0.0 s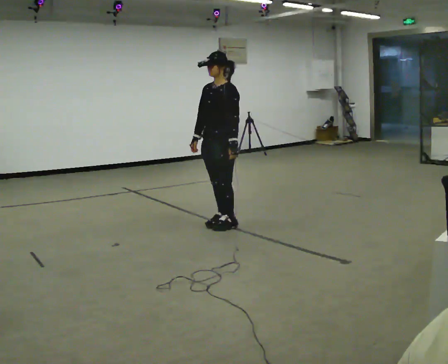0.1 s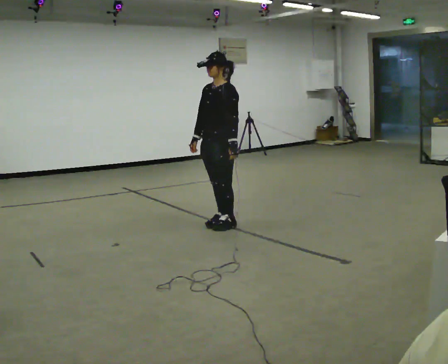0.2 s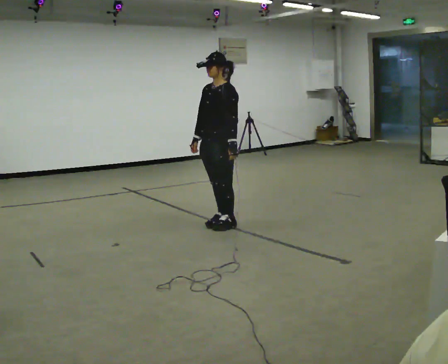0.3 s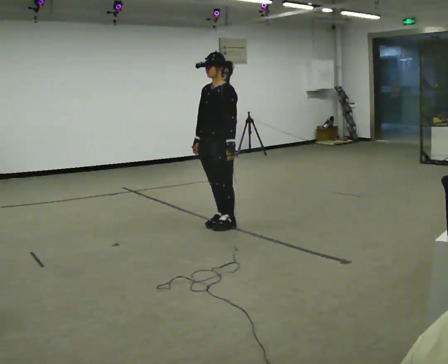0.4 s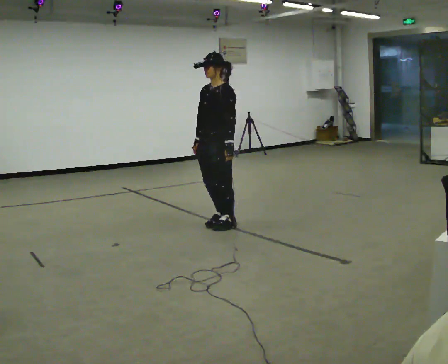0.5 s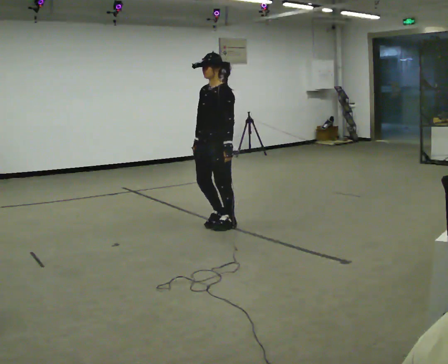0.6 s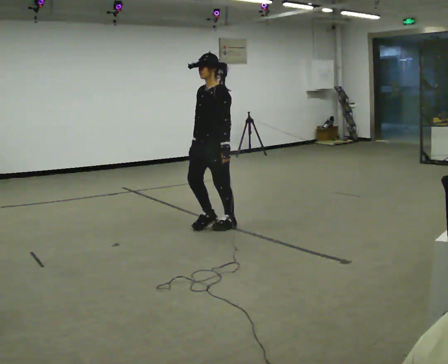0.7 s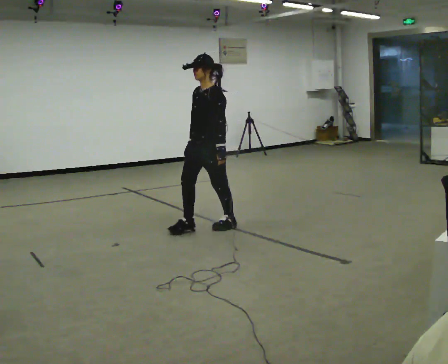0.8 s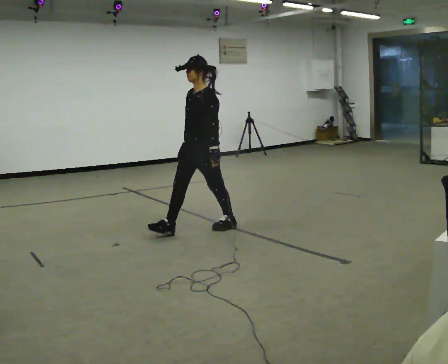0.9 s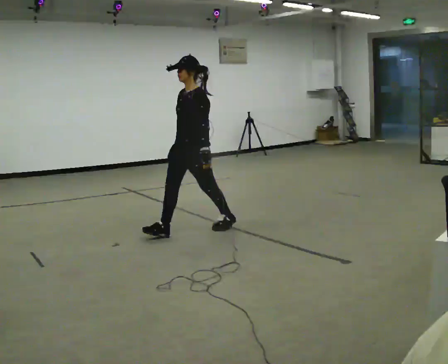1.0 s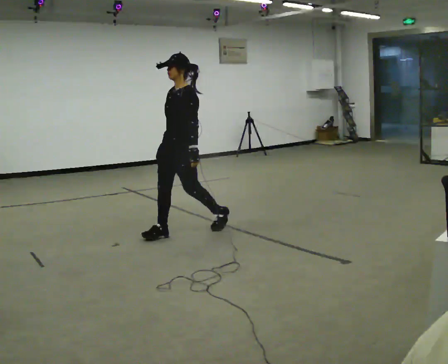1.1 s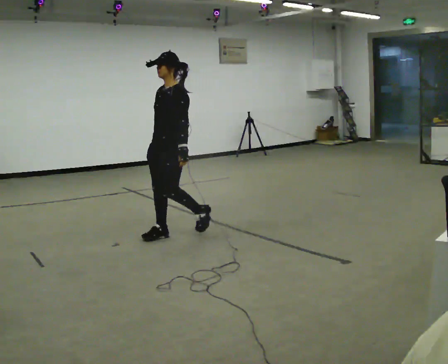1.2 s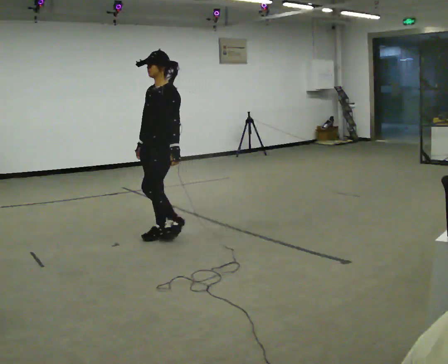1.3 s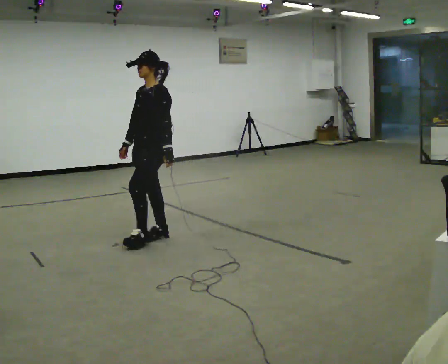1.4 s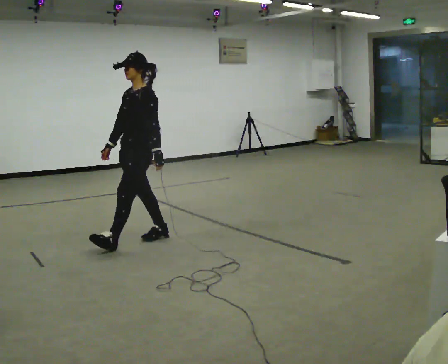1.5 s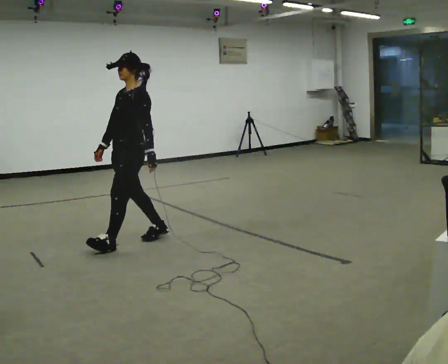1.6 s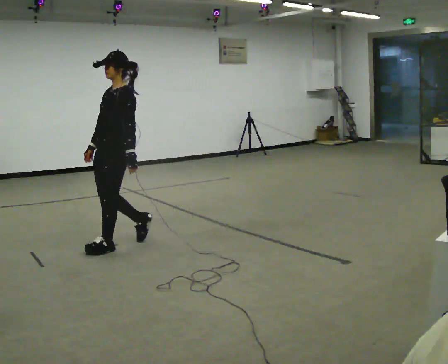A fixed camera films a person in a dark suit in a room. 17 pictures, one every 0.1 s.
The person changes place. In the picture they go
to the left.
0.0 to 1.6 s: In the picture they go to the left and toward the camera, about 1 m in 2 steps, which for them is forward.
The film runs forward here.
